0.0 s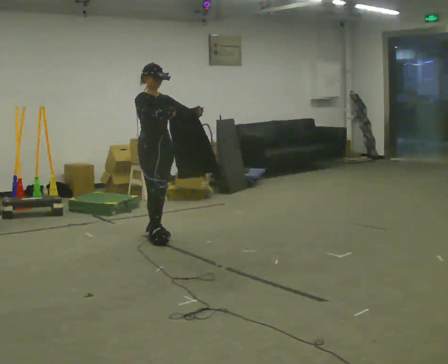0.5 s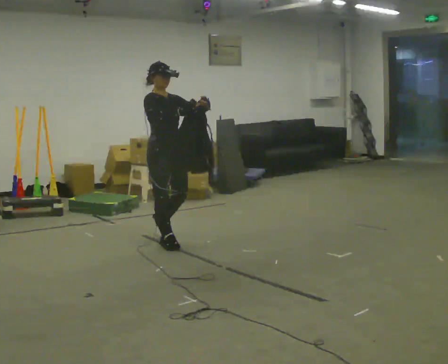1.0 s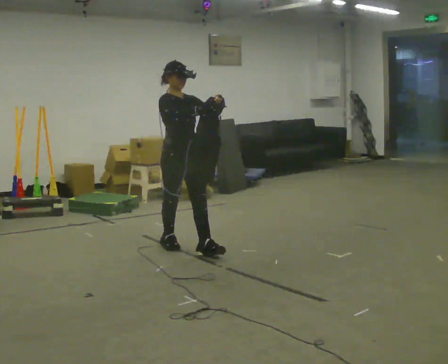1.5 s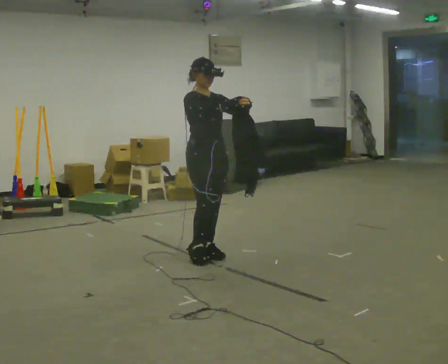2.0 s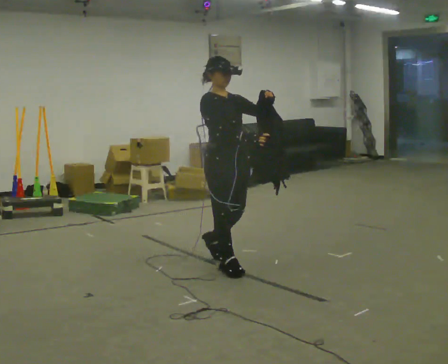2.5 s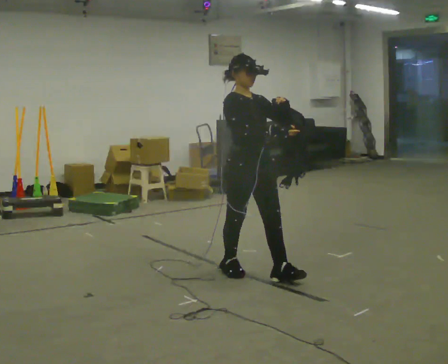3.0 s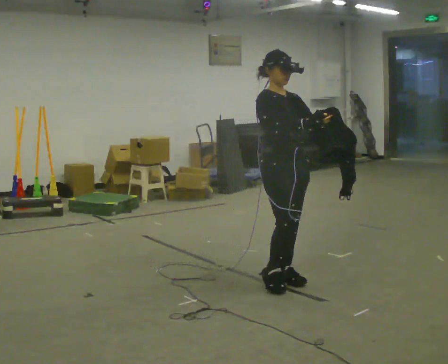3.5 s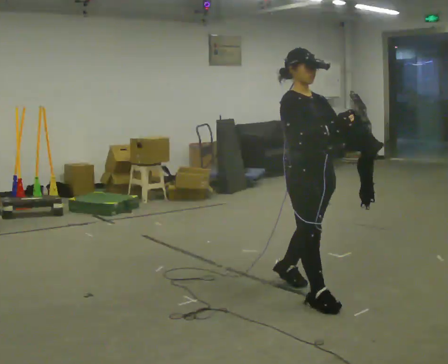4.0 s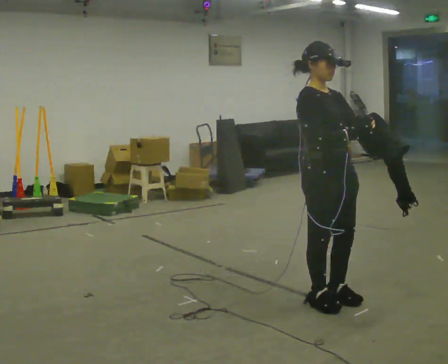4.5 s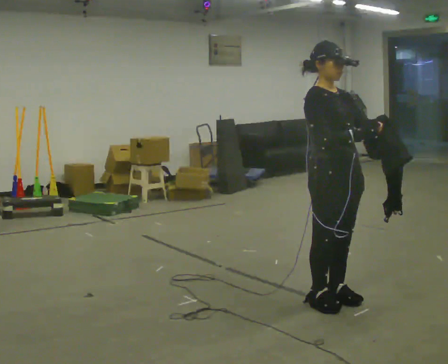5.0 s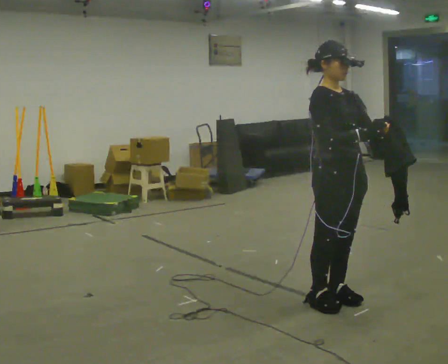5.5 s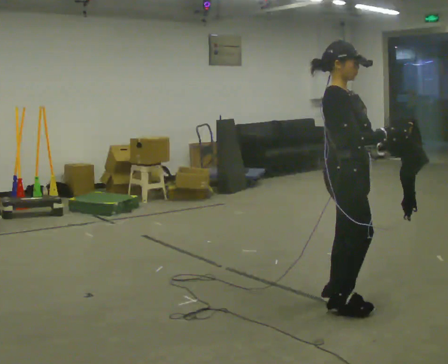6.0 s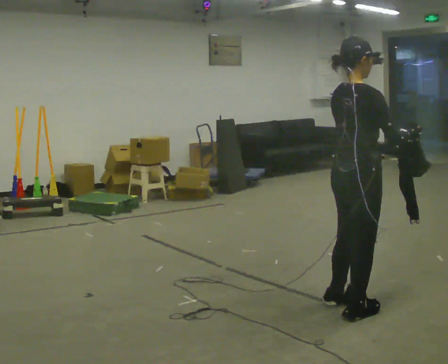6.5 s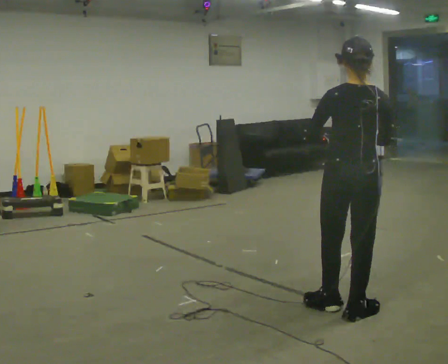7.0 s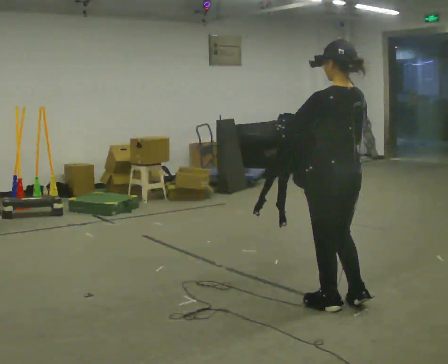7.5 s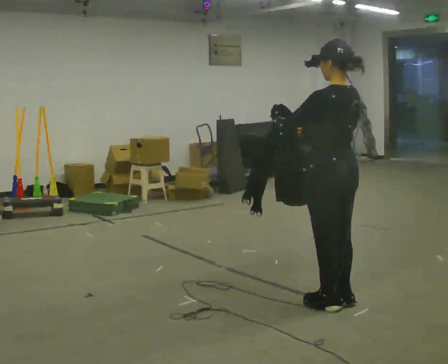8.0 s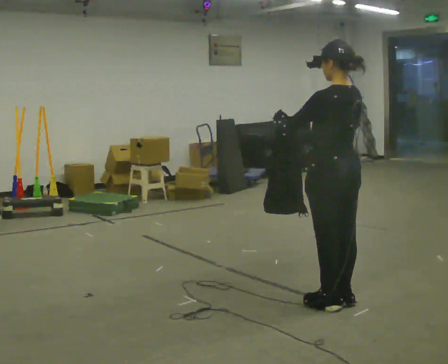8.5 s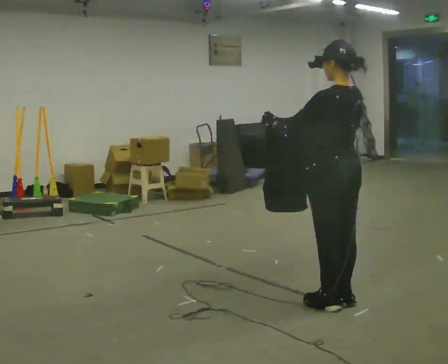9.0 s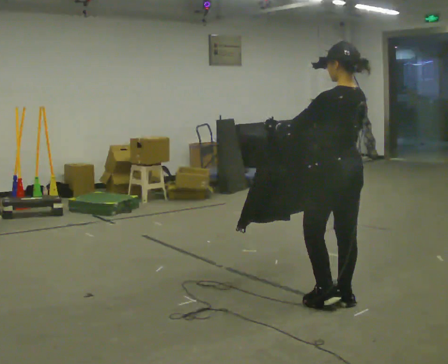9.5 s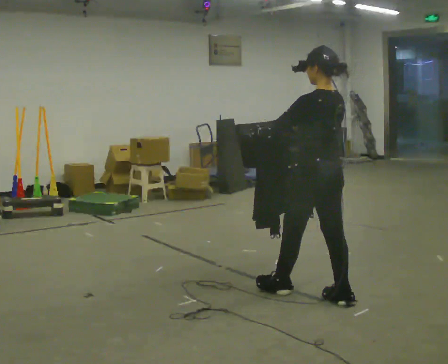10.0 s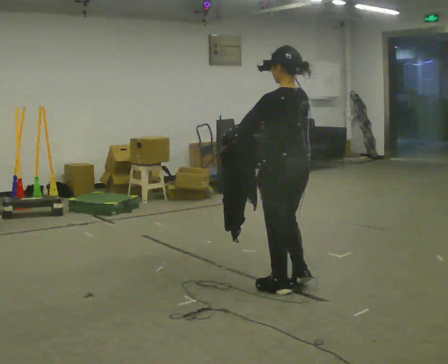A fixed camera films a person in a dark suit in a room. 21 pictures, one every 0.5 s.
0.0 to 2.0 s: In the picture they go to the right and toward the camera, about 1 m in 3 steps, which for them is forward.
2.0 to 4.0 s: In the picture they go to the right and toward the camera, about 1 m in 3 steps, which for them is forward.
4.0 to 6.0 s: Seen from above the body turns counterclockwise, about 75 degrees: to their left, with its near side sliding to the right. In the picture they go to the right, about 0.25 m in 1 step.
6.0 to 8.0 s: The person turns about 105 degrees to their left, counterclockwise seen from above, so the part of the body nearest the lens slides to the right. In the picture their right hand goes to the left.
8.0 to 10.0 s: In the picture they go to the left and away from the camera, about 0.5 m in 1 step, which for them is forward.
The film runs forward here.
